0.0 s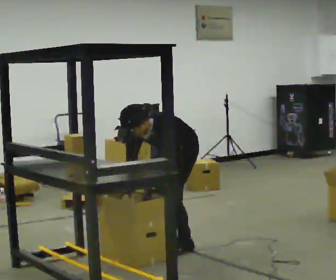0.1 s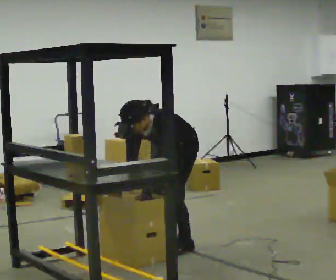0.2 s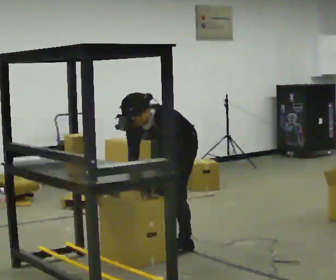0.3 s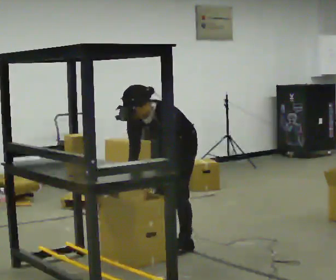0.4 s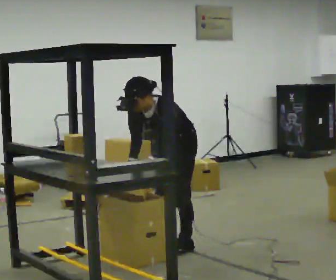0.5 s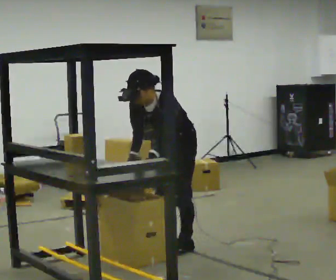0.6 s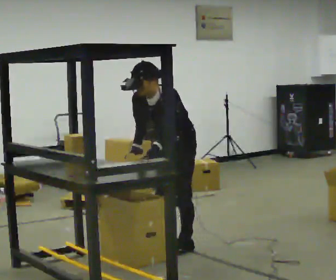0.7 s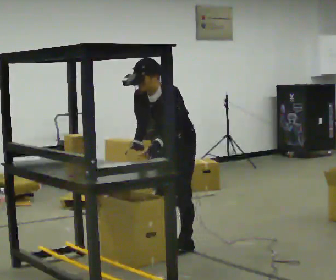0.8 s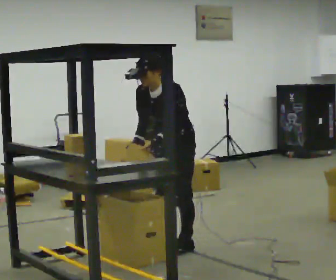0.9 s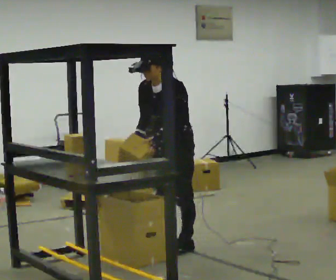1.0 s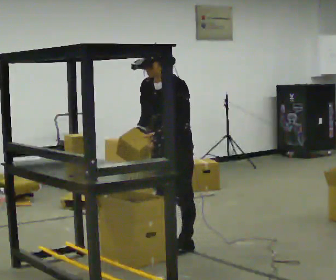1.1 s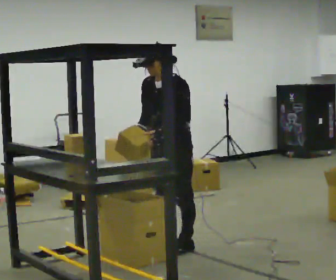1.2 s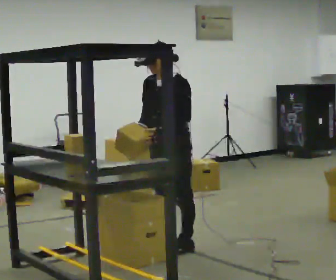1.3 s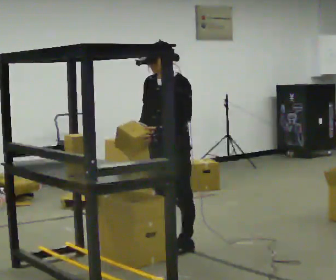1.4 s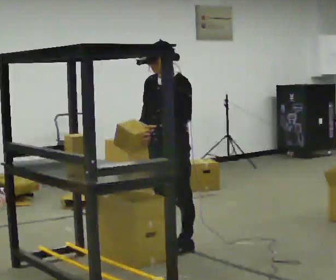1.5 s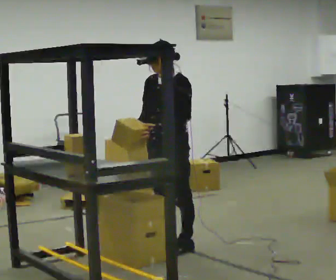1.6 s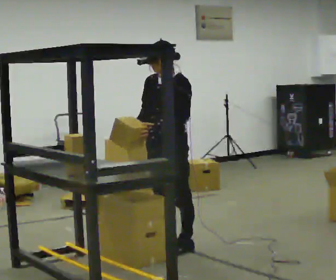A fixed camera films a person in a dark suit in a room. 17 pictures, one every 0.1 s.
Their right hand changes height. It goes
upward.
The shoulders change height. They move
upward.
0.0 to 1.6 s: The upper body goes upward. In the picture the upper body tilts clockwise, shoulders to the right, as they lean back or straighten. In the picture their right hand goes upward.
The film runs forward here.
